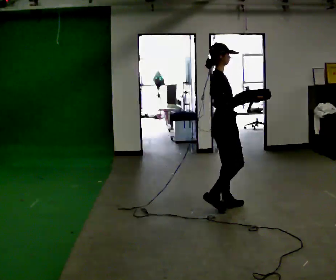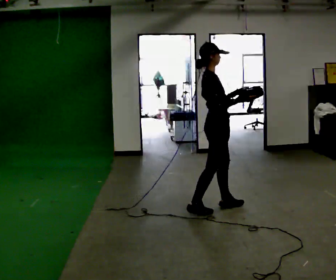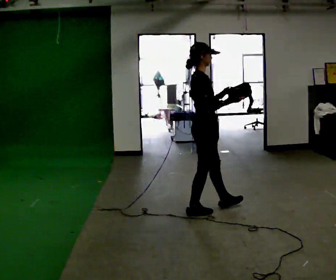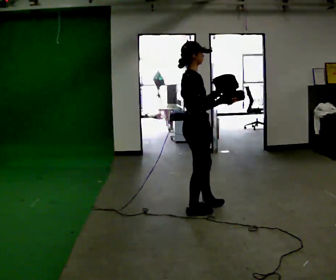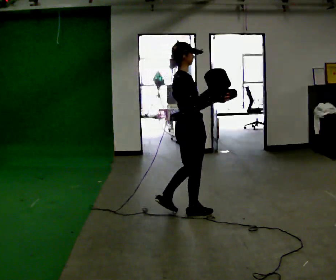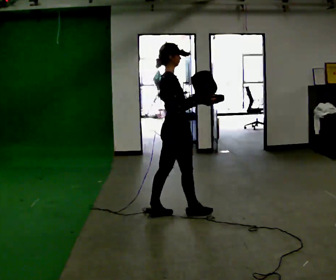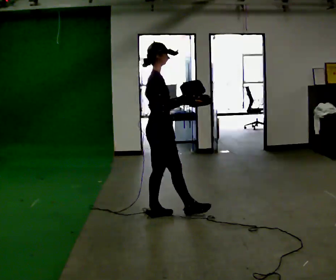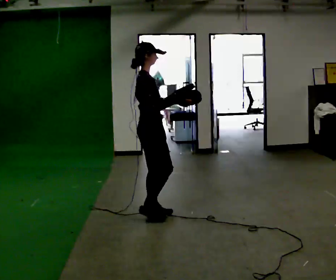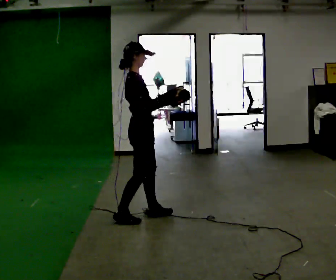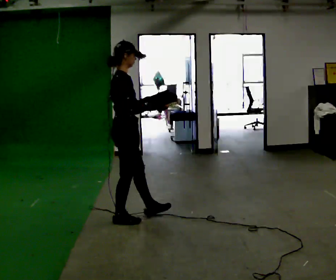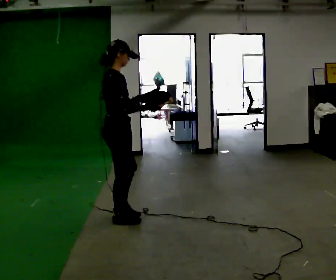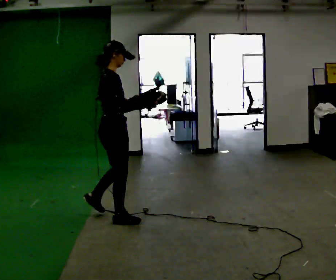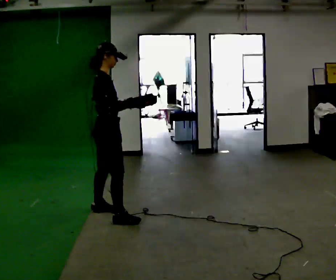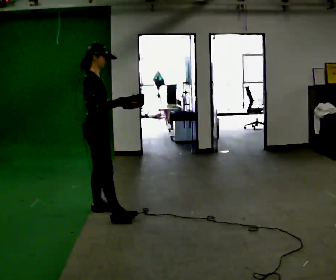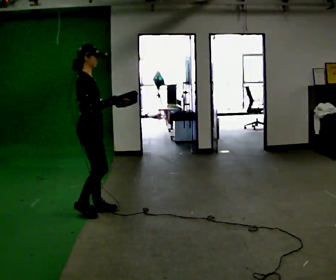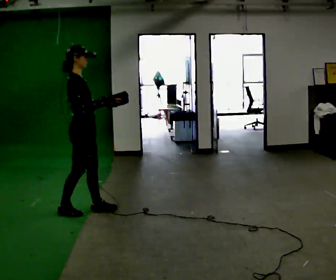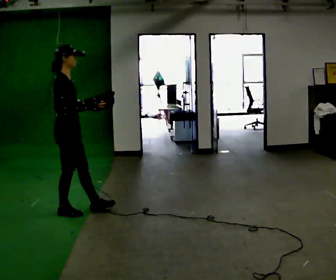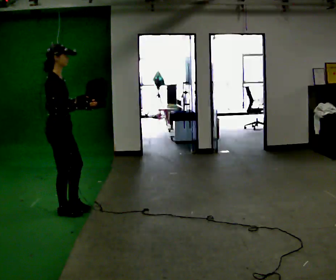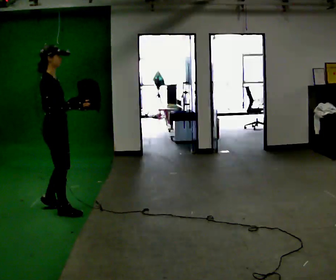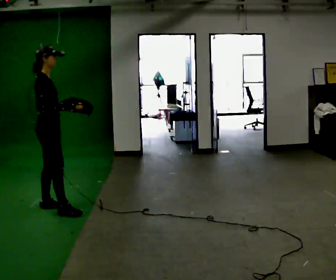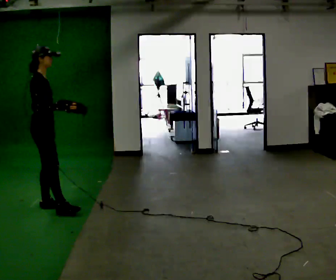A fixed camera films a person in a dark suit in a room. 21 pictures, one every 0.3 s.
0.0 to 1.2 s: In the picture they go to the left, about 0.25 m in 1 step, which for them is backward.
1.2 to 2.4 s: In the picture they go to the left, about 0.5 m in 1 step, which for them is backward and to their left.
2.4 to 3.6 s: In the picture they go to the left, about 0.25 m in 1 step, which for them is to their left and backward.
3.6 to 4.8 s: In the picture they go to the left and away from the camera, about 0.5 m in 1 step, which for them is to their left and backward.
4.8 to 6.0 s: In the picture they go to the left and away from the camera, about 0.25 m in 1 step, which for them is to their left.
The film runs backward here.
